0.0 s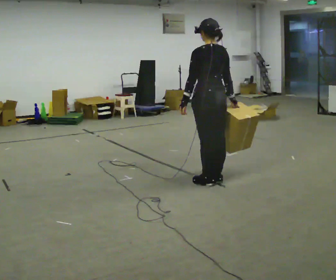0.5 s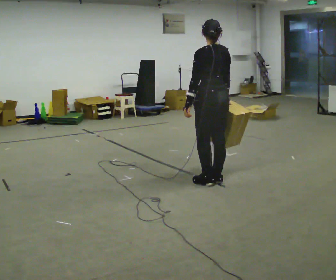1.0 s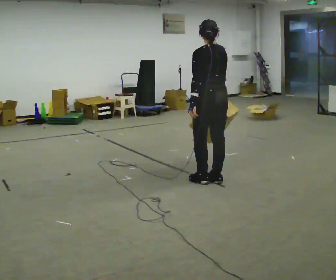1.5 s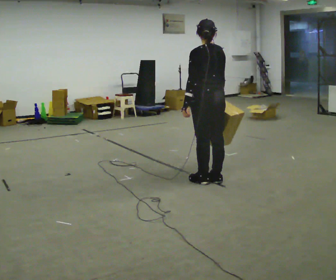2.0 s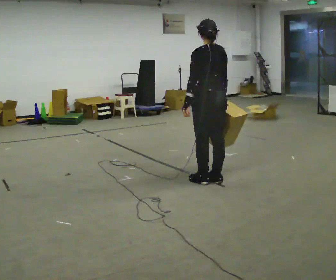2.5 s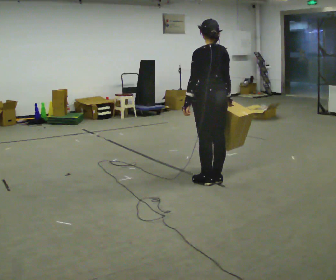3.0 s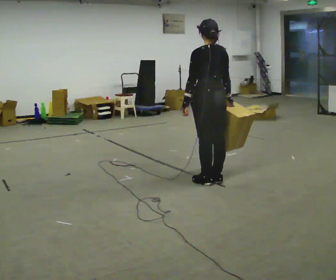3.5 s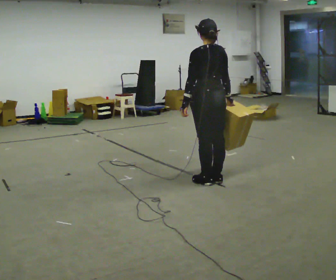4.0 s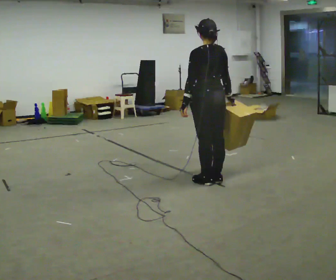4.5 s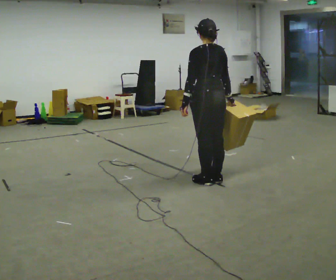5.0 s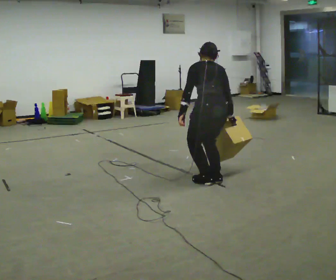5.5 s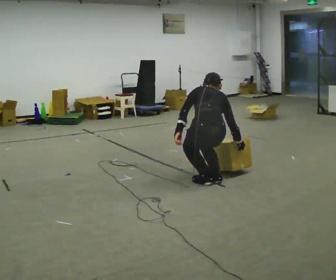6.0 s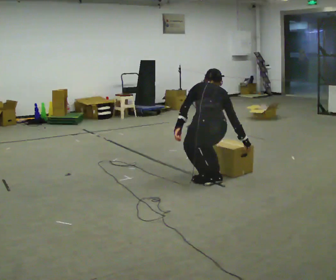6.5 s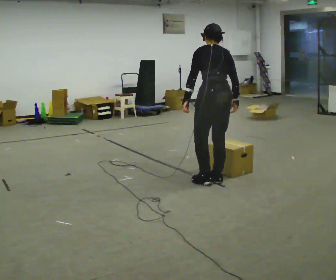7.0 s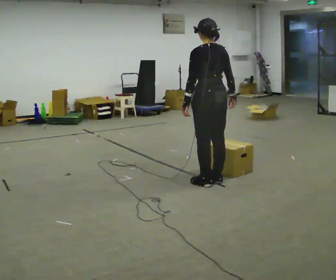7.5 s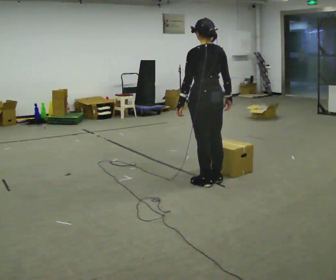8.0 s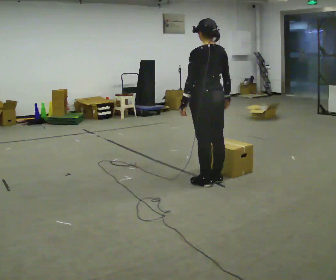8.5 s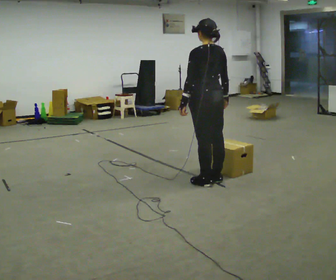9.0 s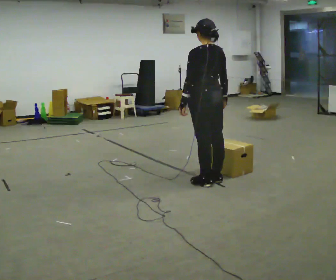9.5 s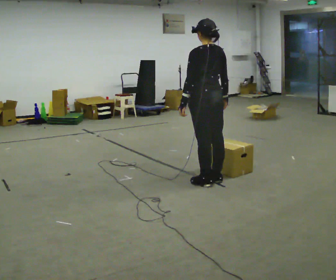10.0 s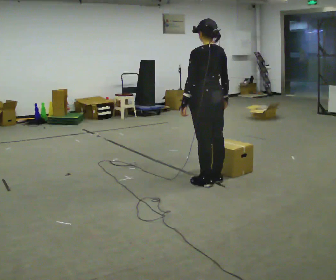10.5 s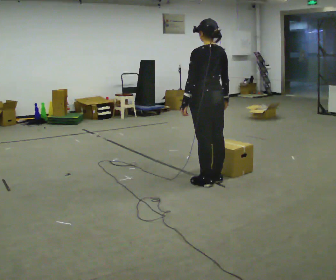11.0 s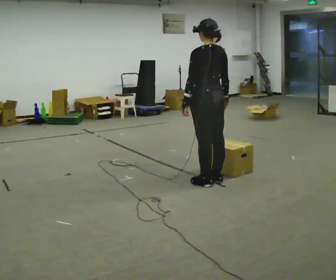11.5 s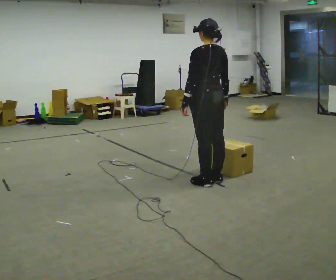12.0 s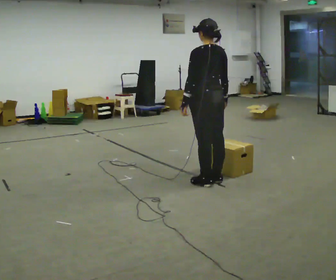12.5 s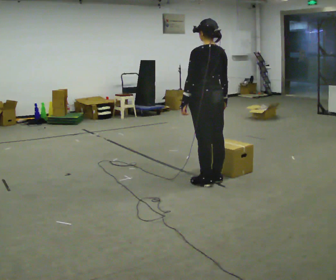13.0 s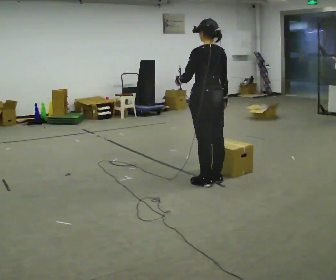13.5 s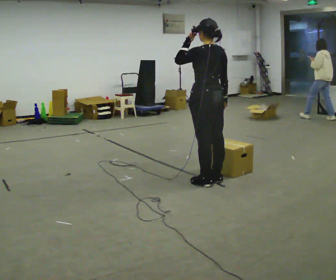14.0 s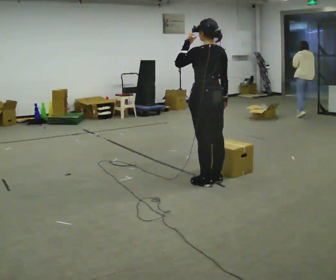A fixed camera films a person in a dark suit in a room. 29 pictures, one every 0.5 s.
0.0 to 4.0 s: The person moves a little, or ends about where they began.
4.0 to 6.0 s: The upper body tips away from the camera, its near side rolling upward, as they bend forward. In the picture their right hand goes downward.
6.0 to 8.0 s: The shoulders move upward. The upper body tips toward the camera, its near side rolling downward, as they lean back or straighten. In the picture their right hand goes upward.
8.0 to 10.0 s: The person moves a little, or ends about where they began.
10.0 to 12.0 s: The person keeps their place and pose.
12.0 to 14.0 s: In the picture their left hand goes upward.
The film runs forward here.
